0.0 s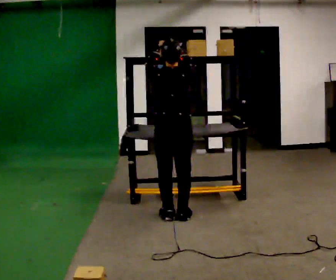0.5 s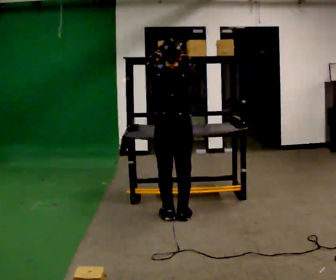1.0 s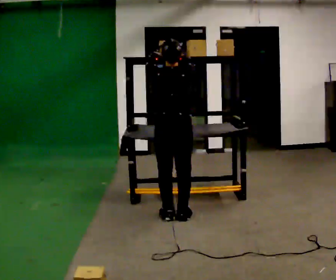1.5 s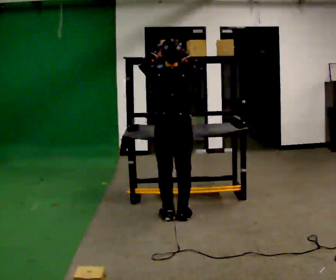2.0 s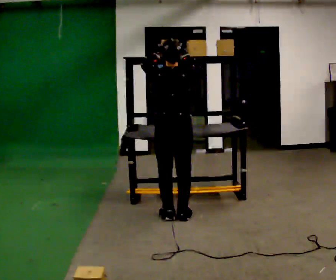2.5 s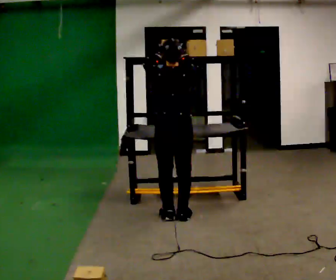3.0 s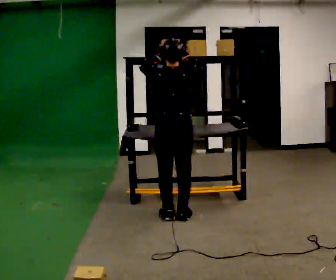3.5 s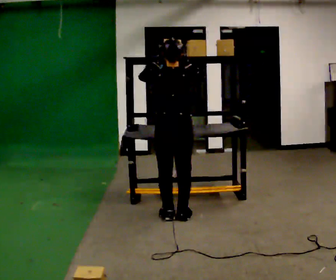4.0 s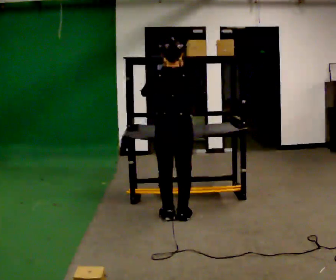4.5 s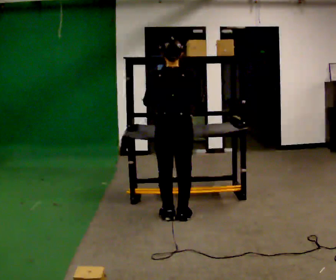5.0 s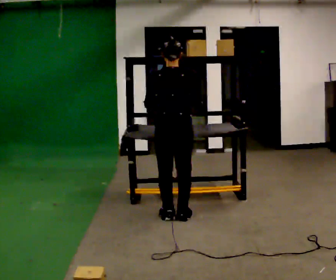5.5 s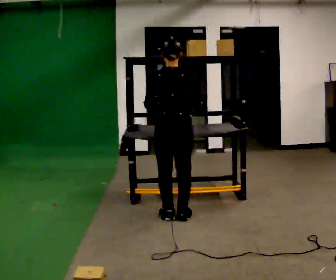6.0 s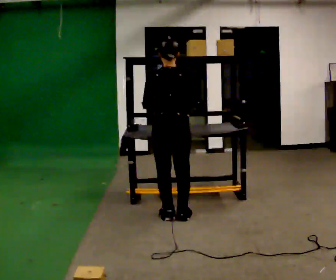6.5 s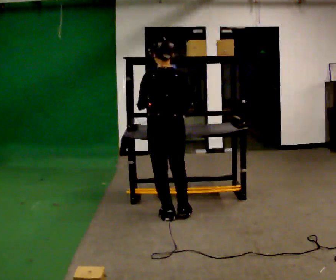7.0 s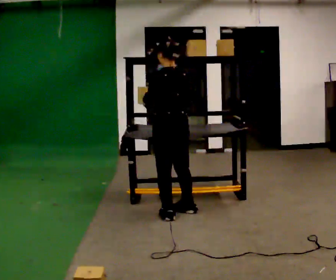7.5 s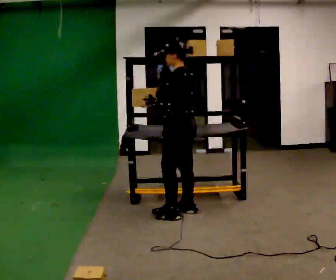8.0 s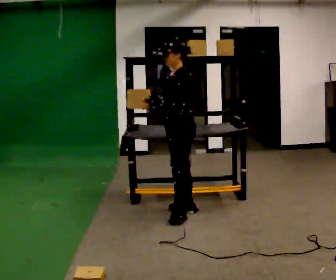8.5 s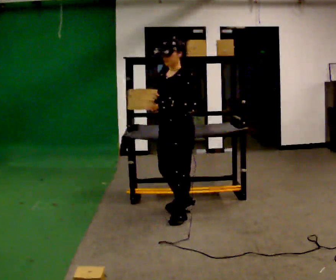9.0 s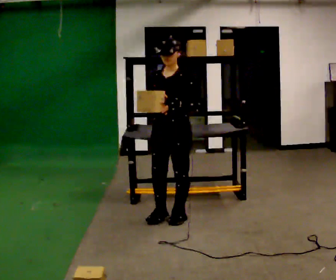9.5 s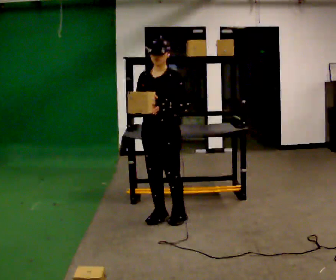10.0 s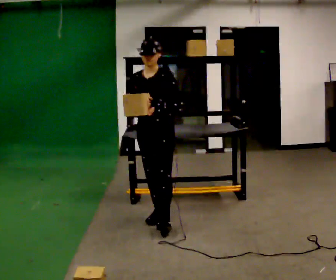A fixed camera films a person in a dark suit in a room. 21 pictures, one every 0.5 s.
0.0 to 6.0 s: In the picture their left hand goes downward.
6.0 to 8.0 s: Seen from above the body turns counterclockwise, about 105 degrees: to their left, with its near side sliding to the right.
8.0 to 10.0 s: The part of the body nearest the lens slides to the right as the person turns to their left by about 60 degrees. In the picture they go to the left and toward the camera, about 0.25 m in 1 step, which for them is forward.
The film runs forward here.
